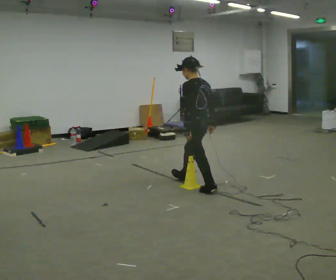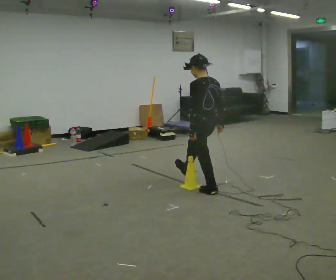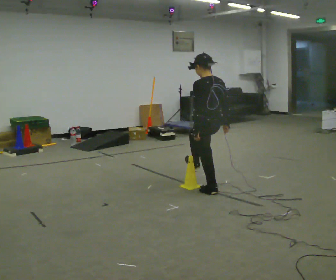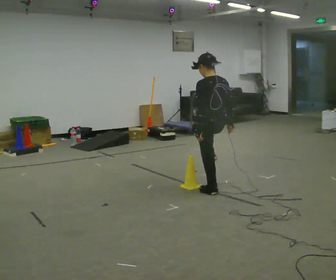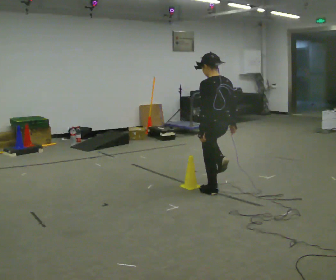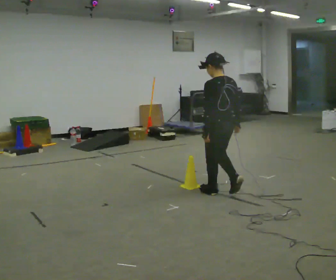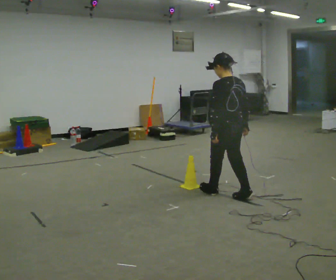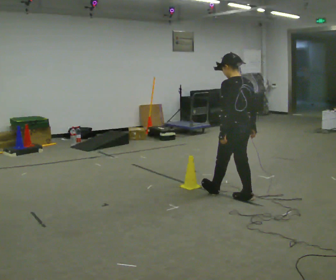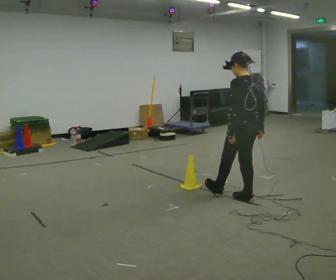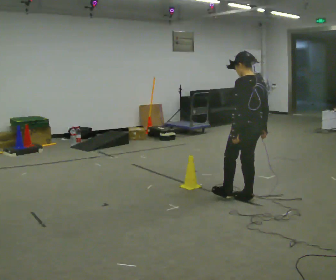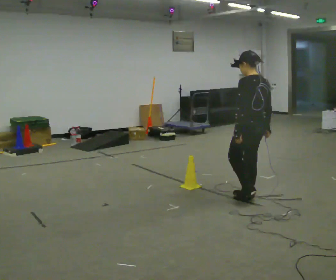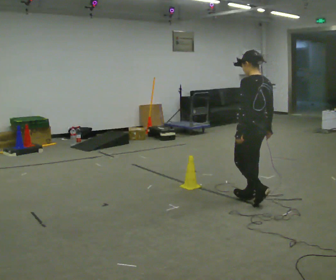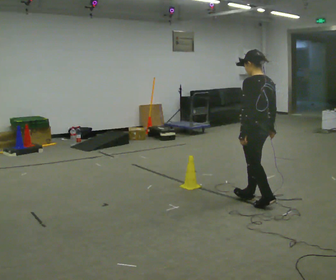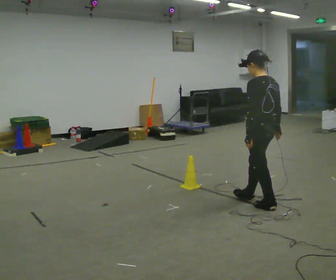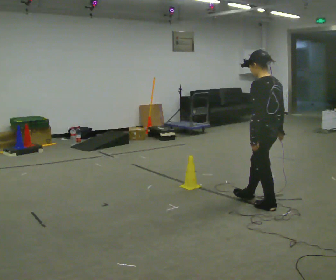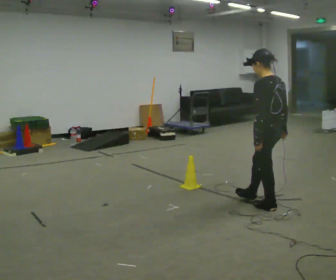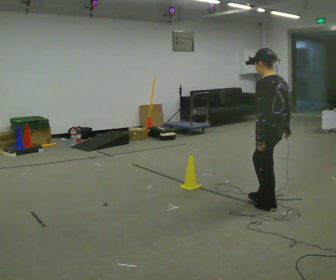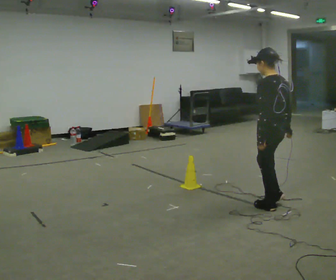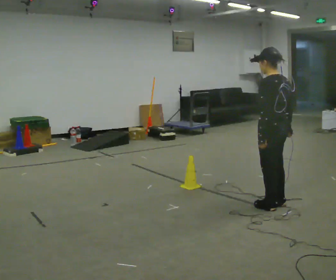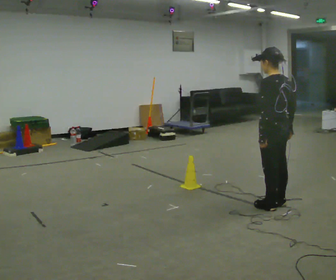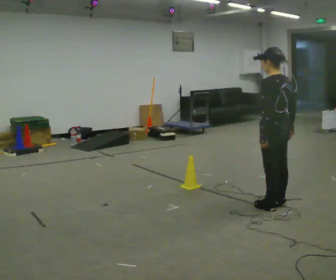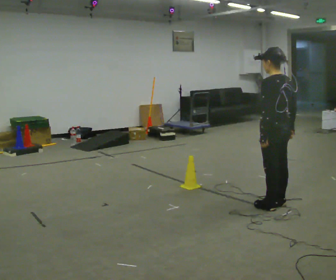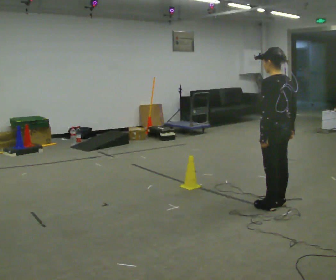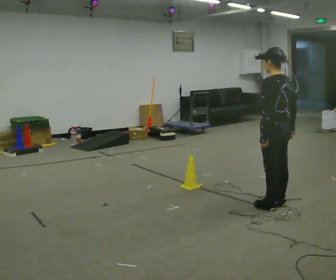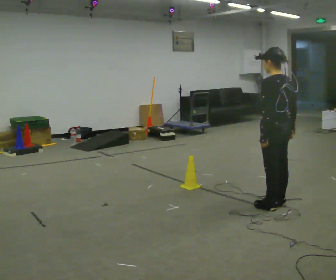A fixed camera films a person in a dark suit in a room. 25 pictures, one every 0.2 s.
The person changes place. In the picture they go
to the right.
0.0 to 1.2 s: In the picture they go to the right and toward the camera, about 0.5 m in 1 step, which for them is backward.
1.2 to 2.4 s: In the picture they go to the right and toward the camera, about 0.25 m in 1 step, which for them is backward.
2.4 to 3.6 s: In the picture they go to the right, about 0.25 m in 1 step, which for them is backward.
3.6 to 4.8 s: The person moves a little, or ends about where they began.
The film runs backward here.
